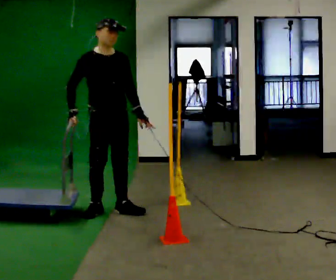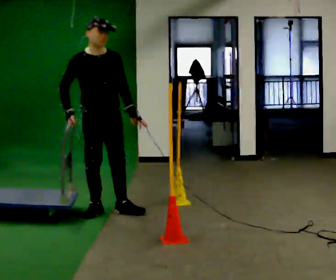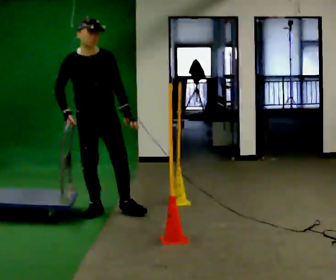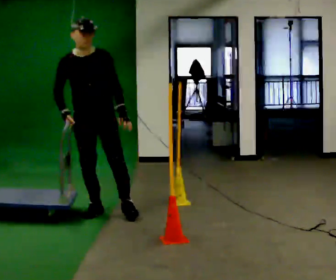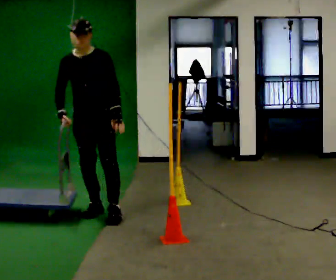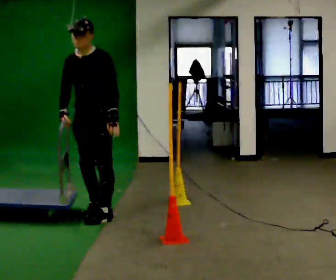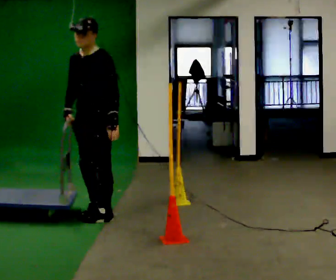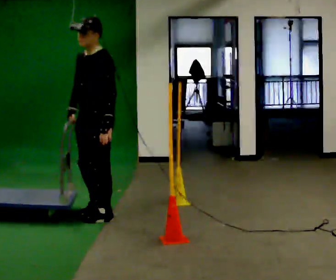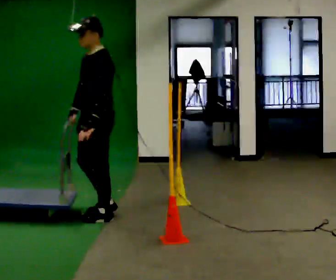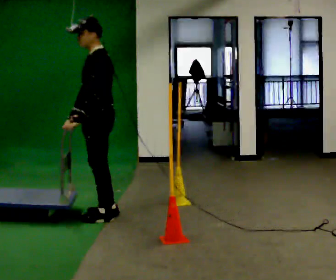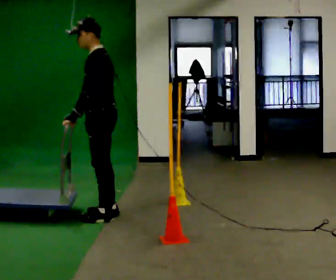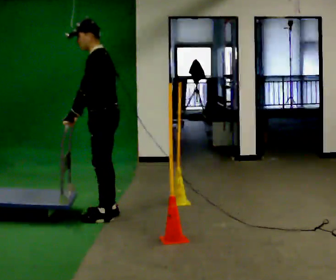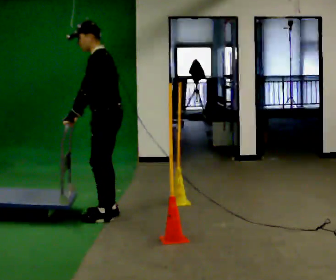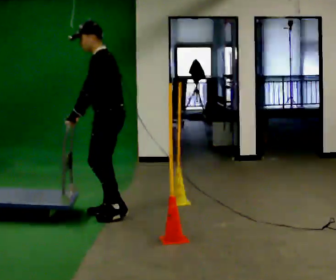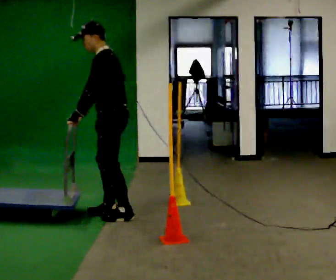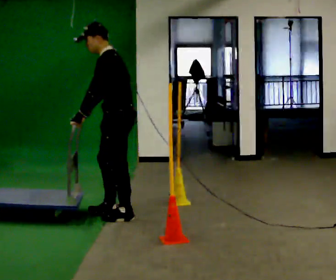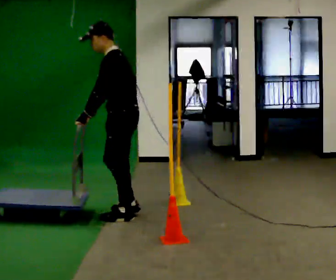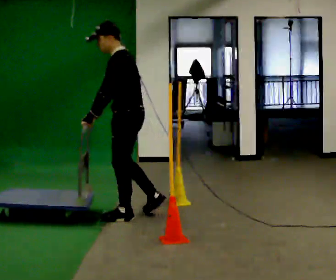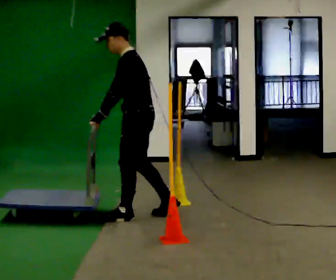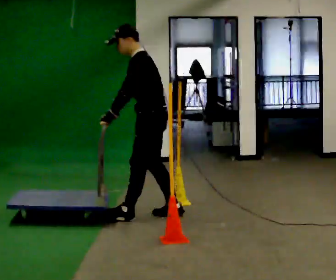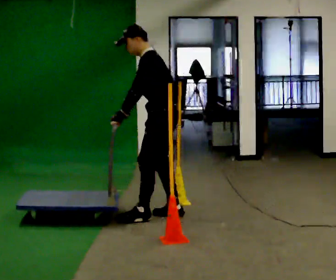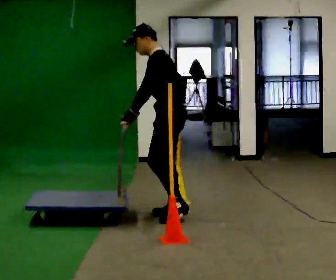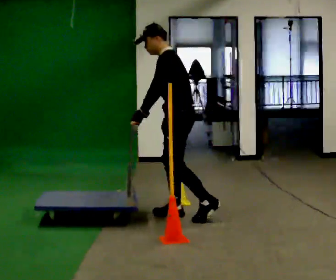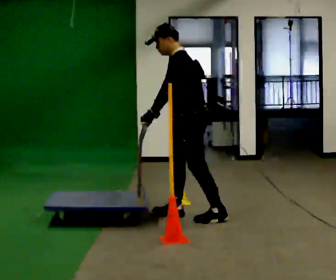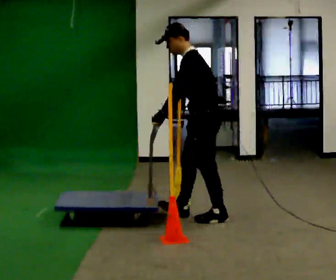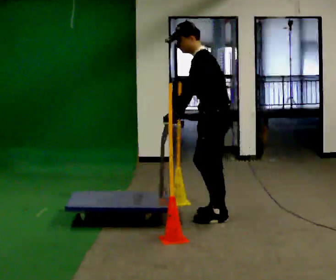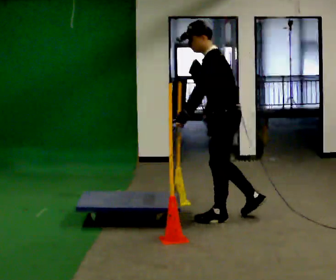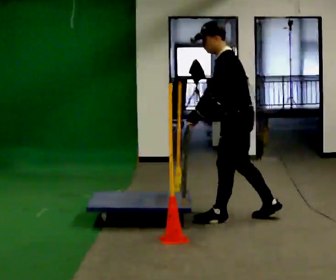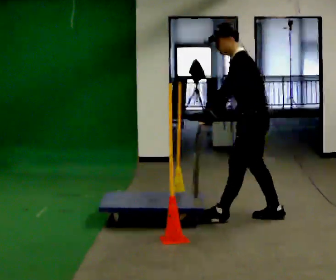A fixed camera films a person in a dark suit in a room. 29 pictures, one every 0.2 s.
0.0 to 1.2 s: The person turns about 75 degrees to their right, clockwise seen from above, so the part of the body nearest the lens slides to the left.
1.2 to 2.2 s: Seen from above the body turns clockwise, about 45 degrees: to their right, with its near side sliding to the left. In the picture their left hand goes to the left, the arm swinging clockwise.
2.2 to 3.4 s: In the picture they go to the right, about 0.25 m in 2 steps, which for them is backward.
3.4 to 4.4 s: In the picture they go to the right, about 0.5 m in 1 step, which for them is backward.
4.4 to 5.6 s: In the picture they go to the right, about 0.75 m in 1 step, which for them is backward.
The film runs backward here.
